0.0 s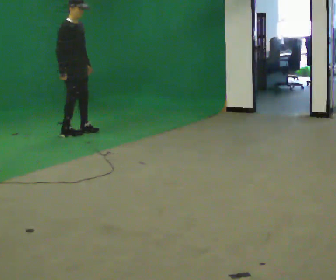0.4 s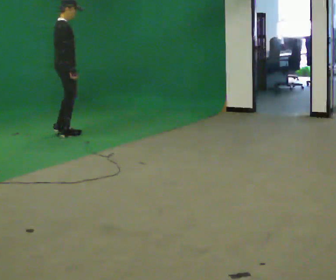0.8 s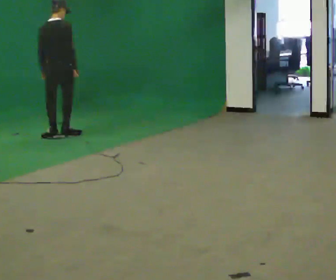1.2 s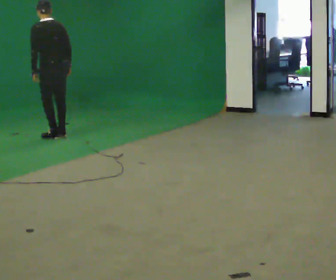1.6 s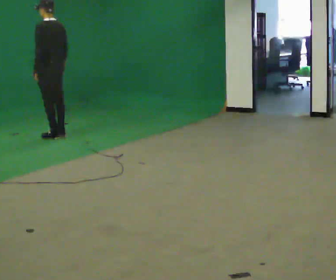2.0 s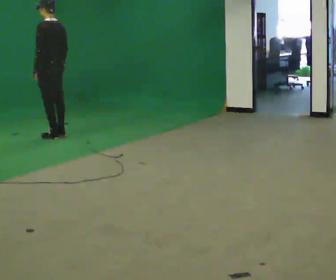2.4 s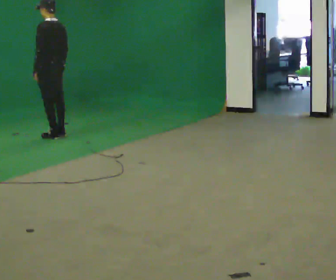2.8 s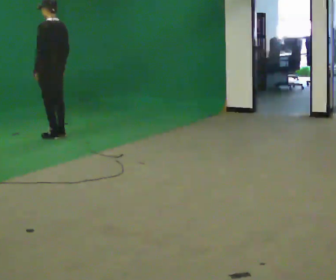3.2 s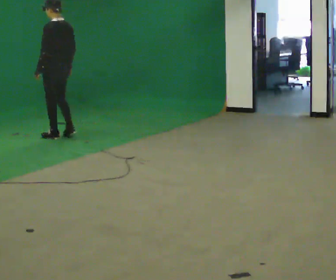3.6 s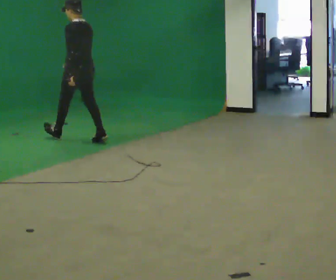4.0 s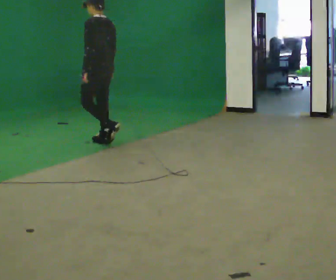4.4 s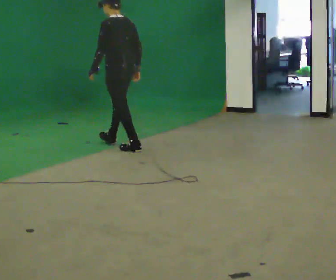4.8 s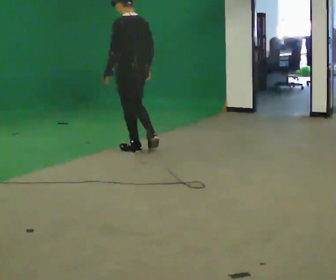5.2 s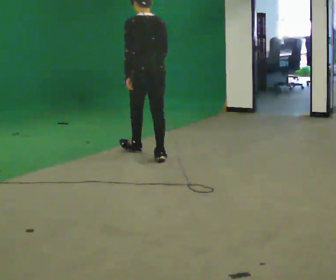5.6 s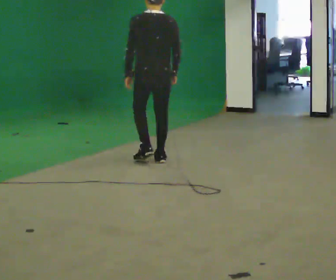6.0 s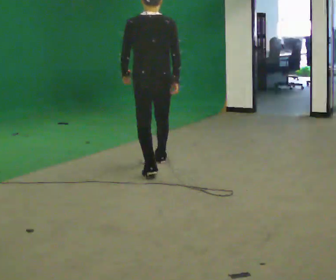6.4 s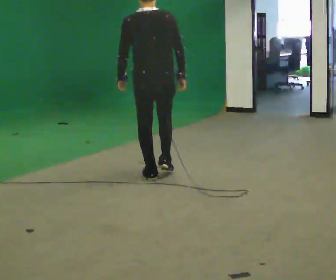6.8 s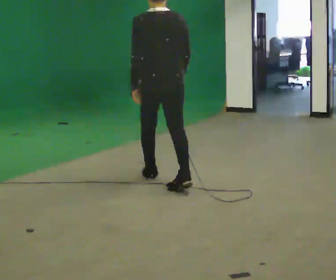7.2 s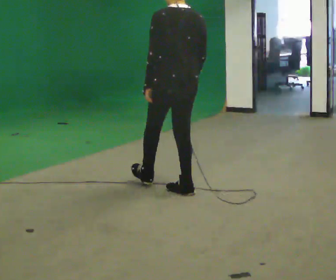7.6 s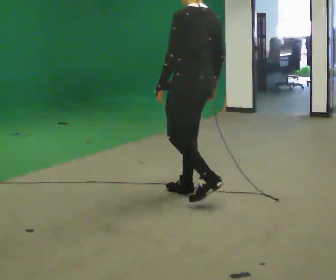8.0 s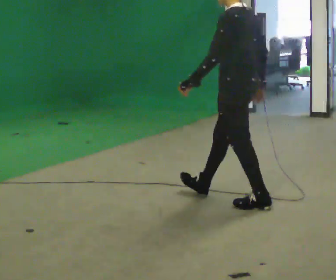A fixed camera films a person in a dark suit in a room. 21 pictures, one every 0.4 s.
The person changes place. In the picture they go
toward the camera.
0.0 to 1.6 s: Seen from above the body turns counterclockwise, about 165 degrees: to their left, with its near side sliding to the right. In the picture they go to the left, about 0.25 m in 1 step.
1.6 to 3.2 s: The person moves a little, or ends about where they began.
3.2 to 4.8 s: In the picture they go toward the camera and to the right, about 1.5 m in 2 steps, which for them is backward.
4.8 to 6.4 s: The part of the body nearest the lens slides to the left as the person turns to their right by about 30 degrees. In the picture they go toward the camera, about 1 m in 2 steps, which for them is backward.
6.4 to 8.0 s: Seen from above the body turns counterclockwise, about 60 degrees: to their left, with its near side sliding to the right. In the picture they go toward the camera and to the right, about 1 m in 2 steps, which for them is backward.
The film runs backward here.
